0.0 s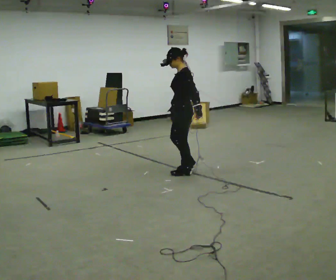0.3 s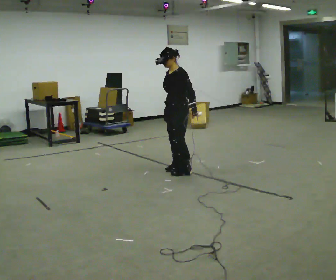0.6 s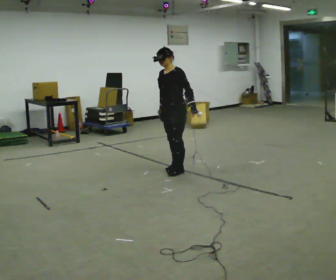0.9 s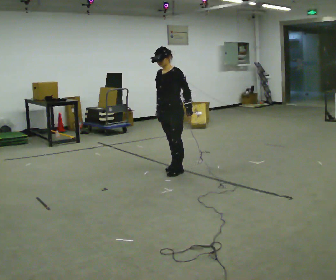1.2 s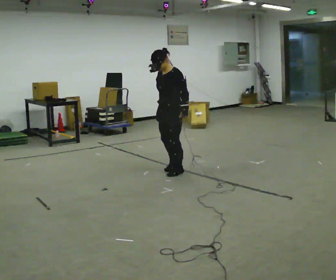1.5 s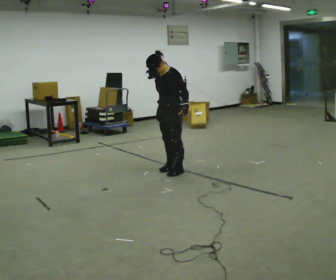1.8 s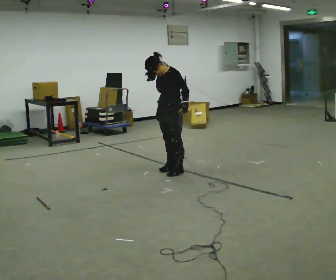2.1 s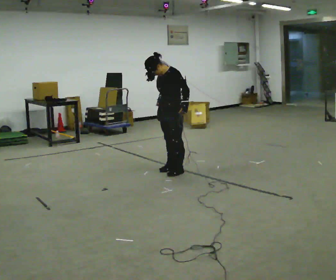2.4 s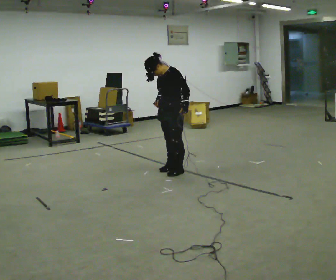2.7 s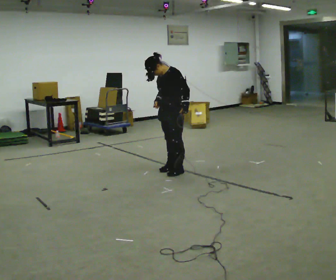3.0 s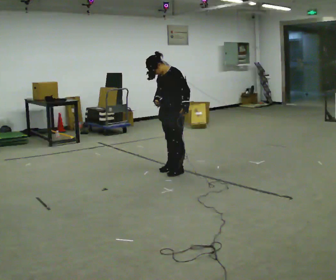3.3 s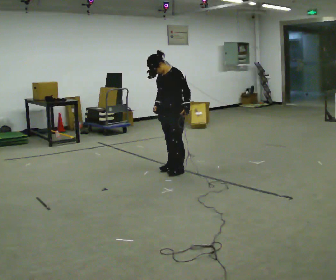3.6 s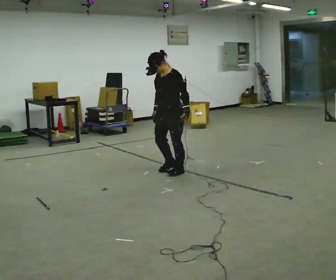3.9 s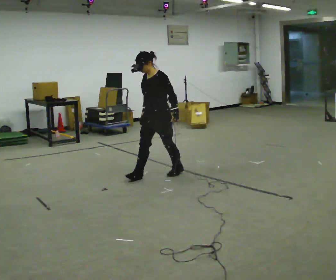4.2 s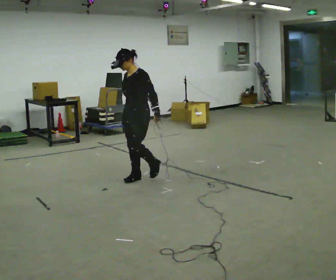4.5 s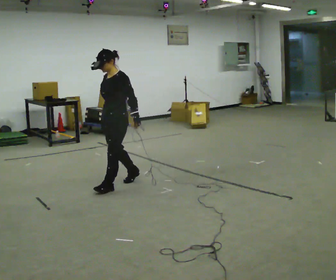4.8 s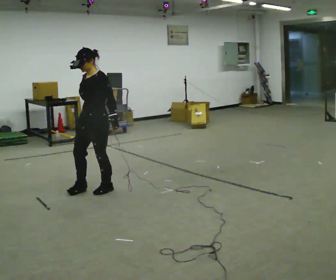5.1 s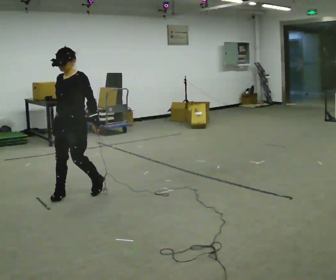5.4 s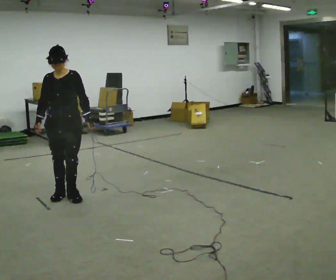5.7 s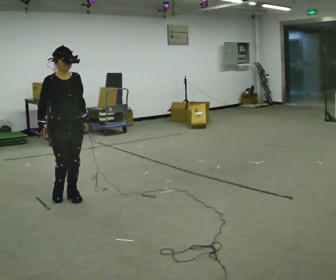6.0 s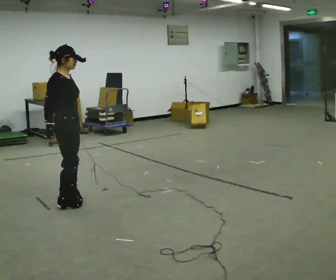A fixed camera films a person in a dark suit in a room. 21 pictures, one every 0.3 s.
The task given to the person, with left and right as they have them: Walk straight; turn 90° left/right while continuing to walk; continue.
0.0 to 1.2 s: The part of the body nearest the lens slides to the right as the person turns to their left by about 30 degrees. In the picture their right hand goes to the left.
1.2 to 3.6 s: The person moves a little, or ends about where they began.
3.6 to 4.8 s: In the picture they go to the left and toward the camera, about 1 m in 2 steps, which for them is forward.
4.8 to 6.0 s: Seen from above the body turns counterclockwise, about 135 degrees: to their left, with its near side sliding to the right. In the picture they go toward the camera and to the left, about 0.5 m in 3 steps.
The film runs forward here.
